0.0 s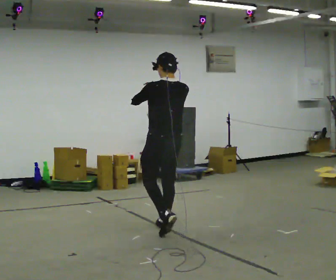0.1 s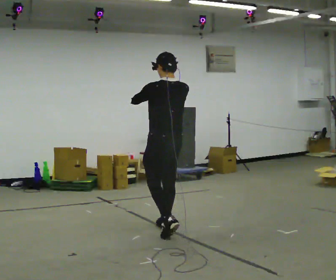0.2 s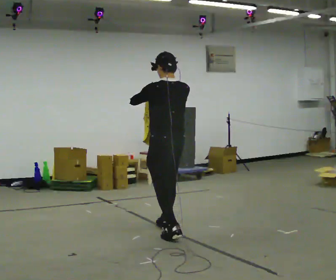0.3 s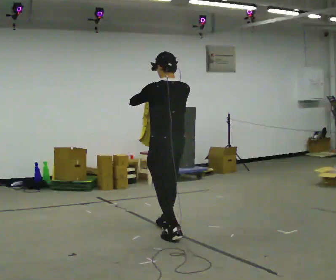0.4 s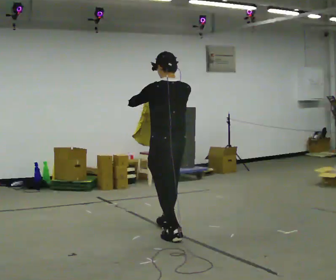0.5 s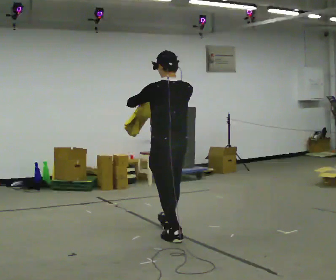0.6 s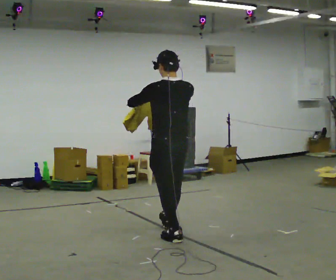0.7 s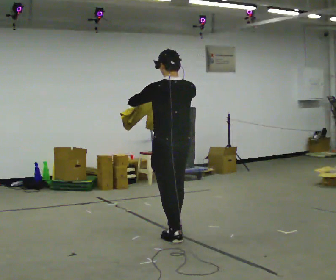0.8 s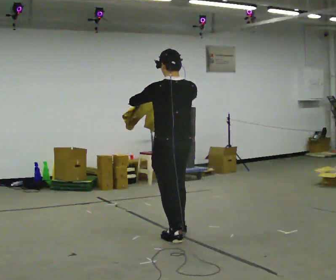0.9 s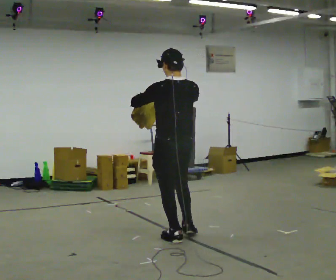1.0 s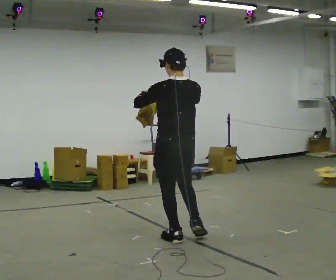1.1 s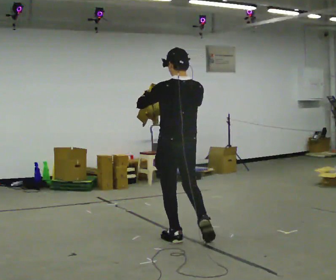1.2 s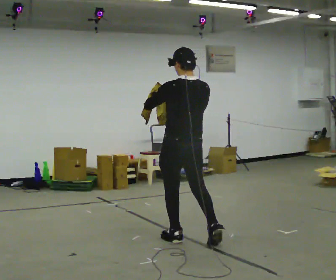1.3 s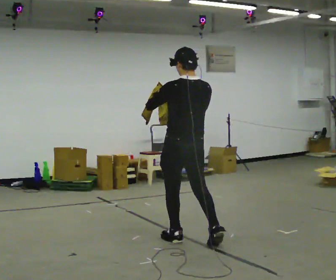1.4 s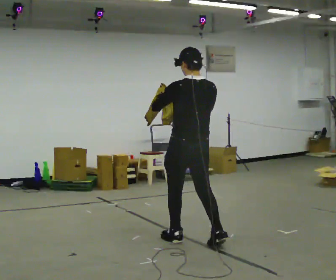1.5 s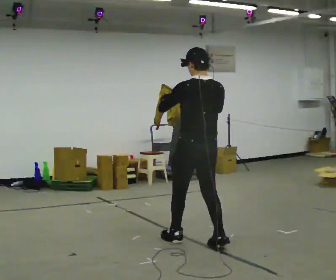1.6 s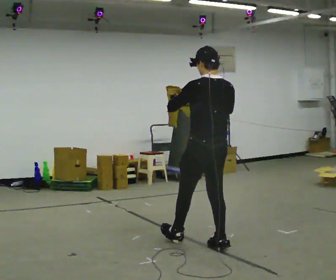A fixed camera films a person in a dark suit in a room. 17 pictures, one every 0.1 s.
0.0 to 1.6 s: In the picture they go toward the camera and to the right, about 0.75 m in 1 step, which for them is backward.
The film runs backward here.
